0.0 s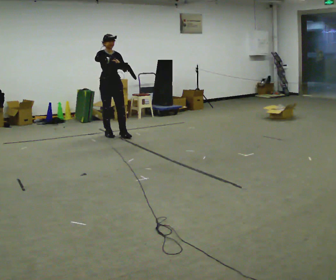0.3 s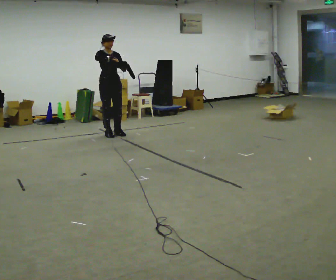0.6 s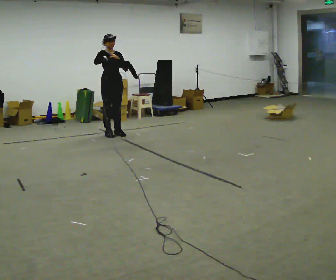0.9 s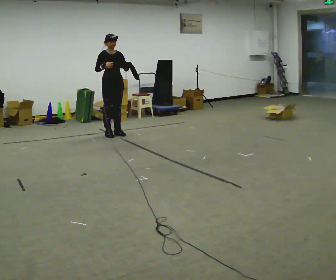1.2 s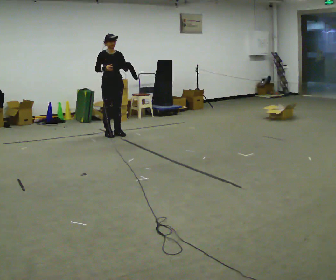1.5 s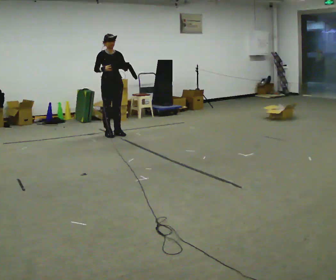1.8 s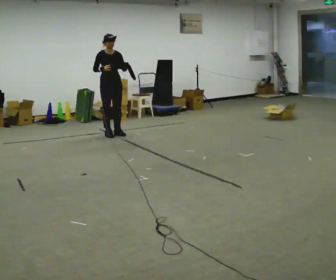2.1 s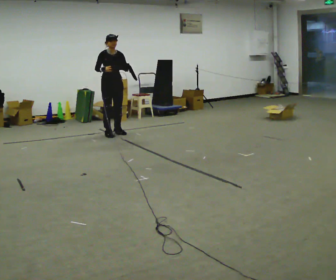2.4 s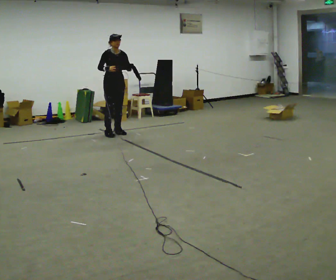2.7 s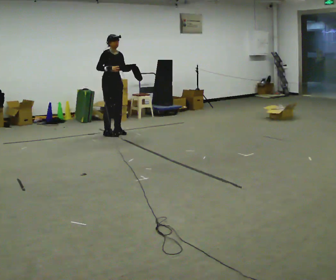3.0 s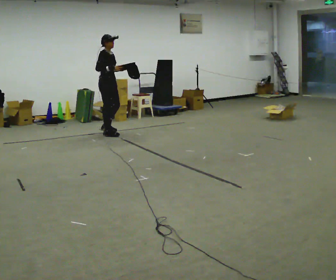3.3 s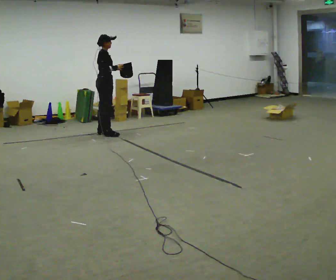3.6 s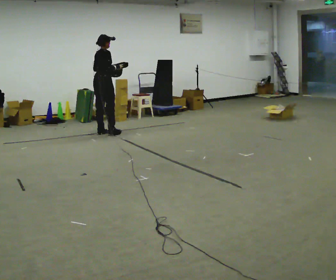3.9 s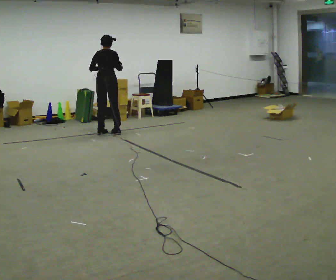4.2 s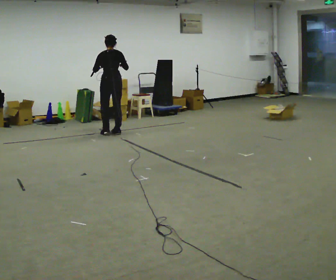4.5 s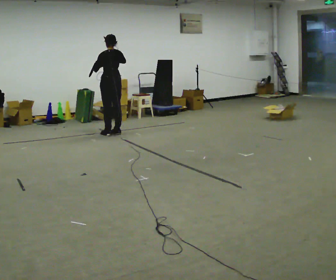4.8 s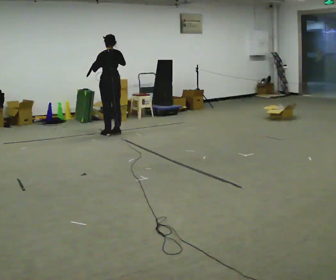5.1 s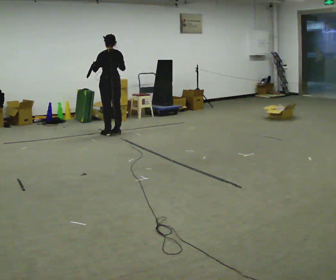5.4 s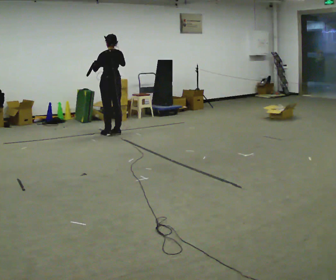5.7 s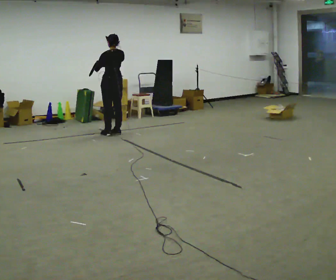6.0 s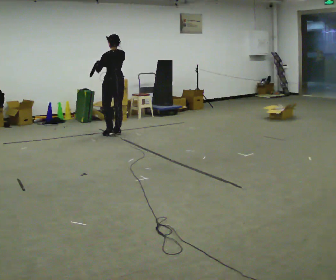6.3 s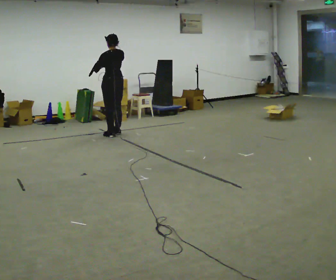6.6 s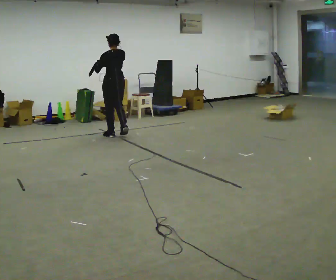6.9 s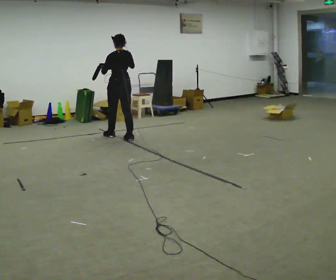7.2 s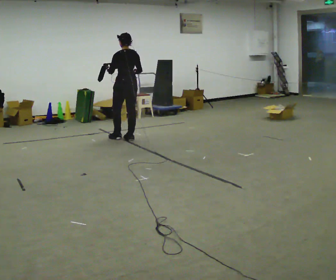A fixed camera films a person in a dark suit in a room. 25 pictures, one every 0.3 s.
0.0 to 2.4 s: In the picture they go away from the camera, about 0.25 m, which for them is backward.
2.4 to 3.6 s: Seen from above the body turns counterclockwise, about 90 degrees: to their left, with its near side sliding to the right. In the picture they go to the left, about 0.25 m in 2 steps. In the picture their left hand goes to the left.
3.6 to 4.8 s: The person turns about 90 degrees to their left, counterclockwise seen from above, so the part of the body nearest the lens slides to the right.
4.8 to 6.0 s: The person moves a little, or ends about where they began.
6.0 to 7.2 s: In the picture they go toward the camera and to the right, about 0.5 m in 2 steps, which for them is backward.
The film runs backward here.
